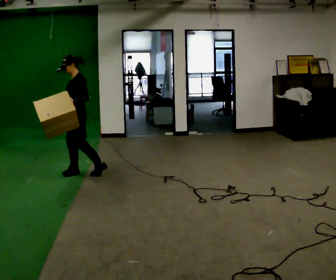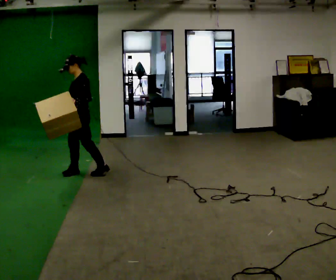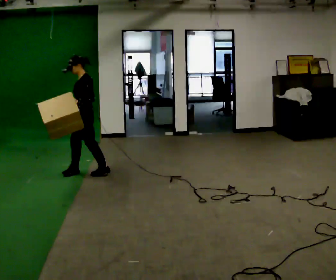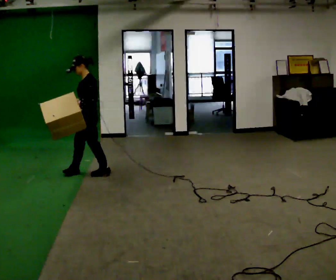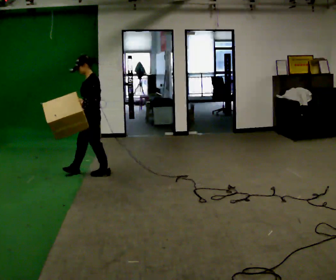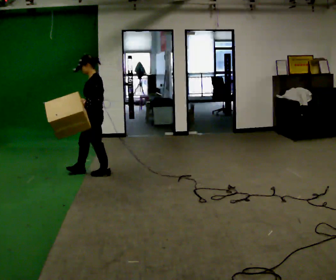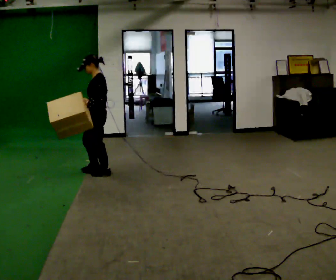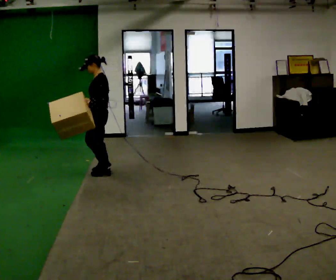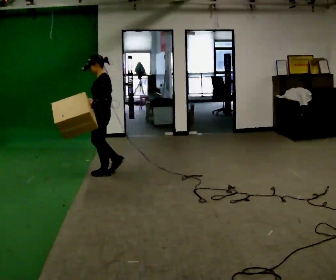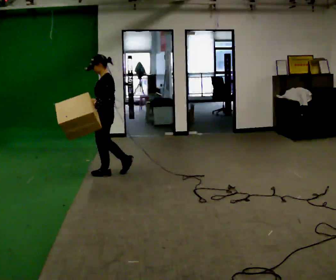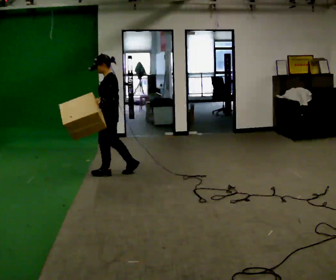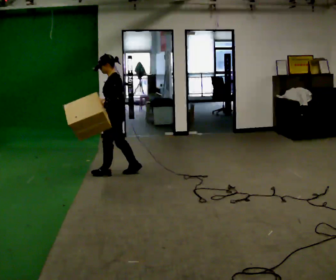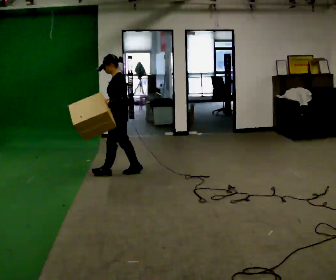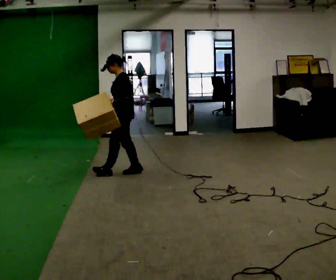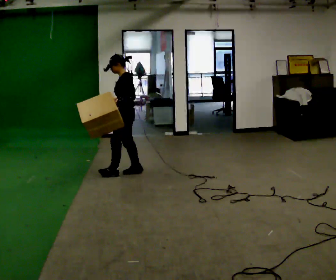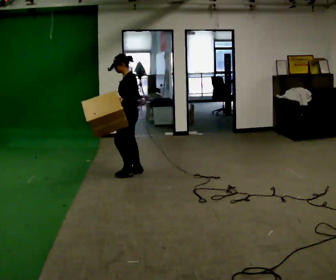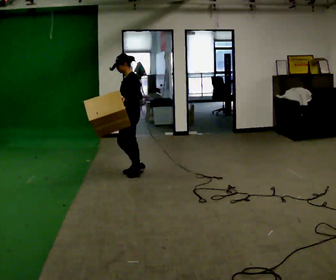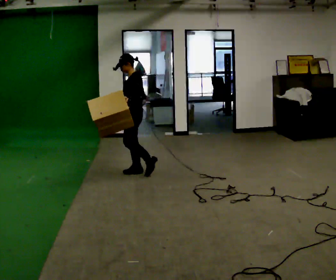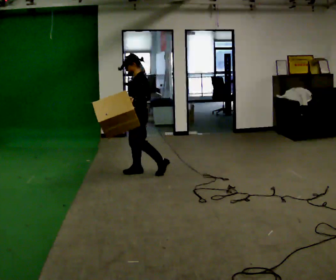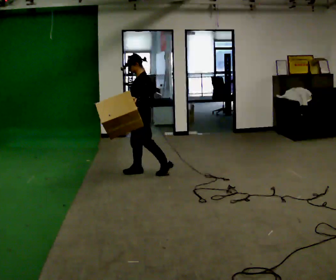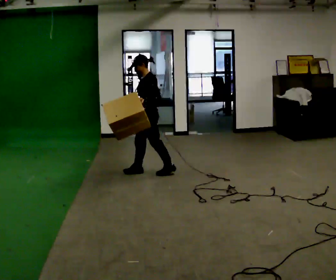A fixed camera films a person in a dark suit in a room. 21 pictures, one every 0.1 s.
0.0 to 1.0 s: In the picture they go to the right, about 0.5 m in 1 step, which for them is backward.
1.0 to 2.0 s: In the picture they go to the right, about 0.5 m in 1 step, which for them is backward.
The film runs backward here.
